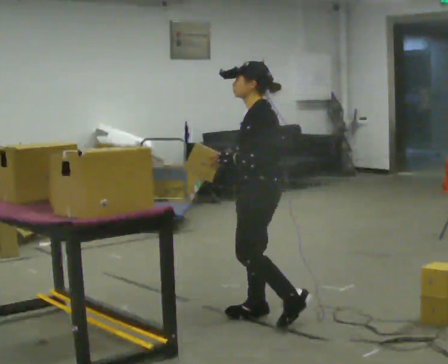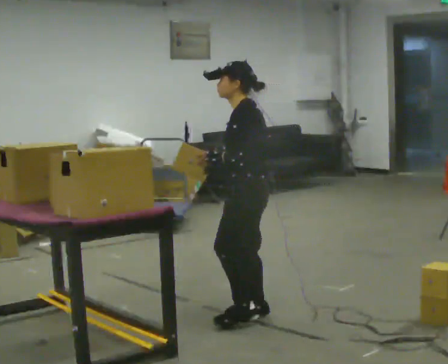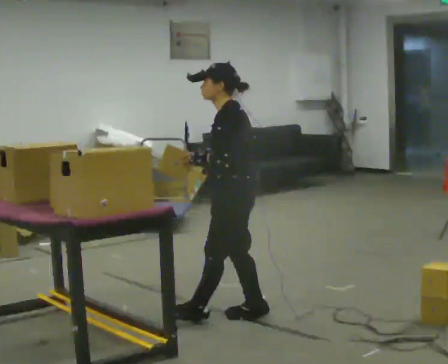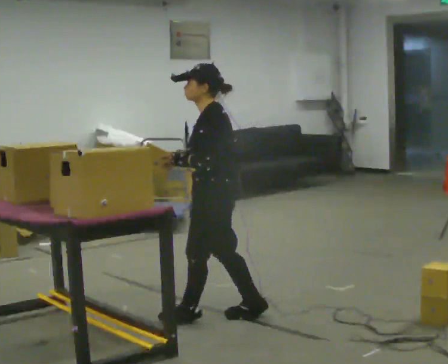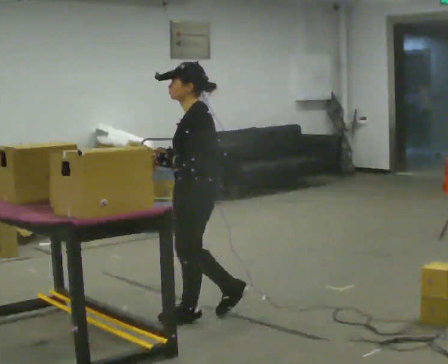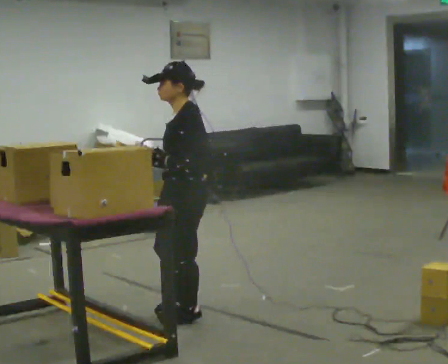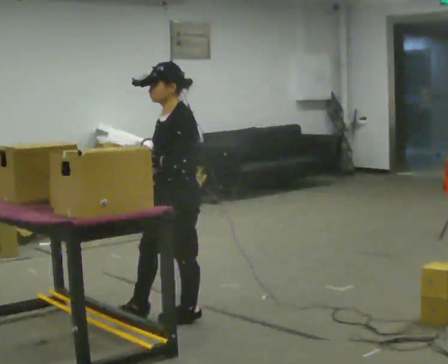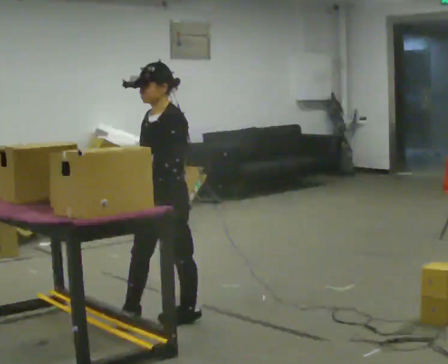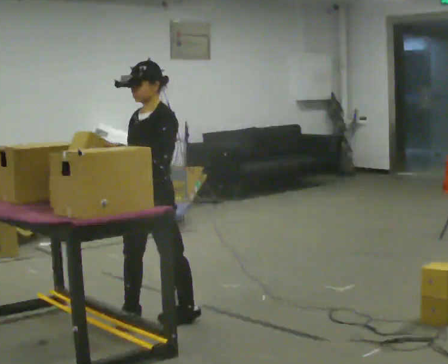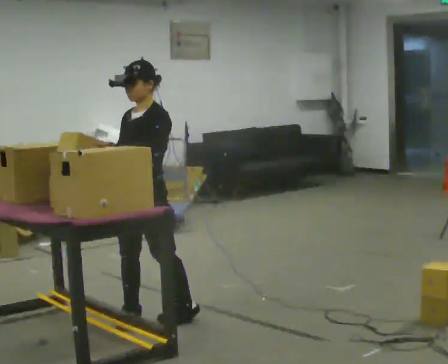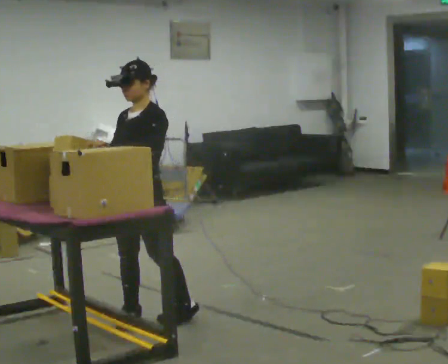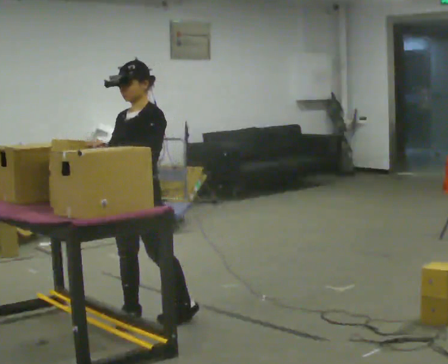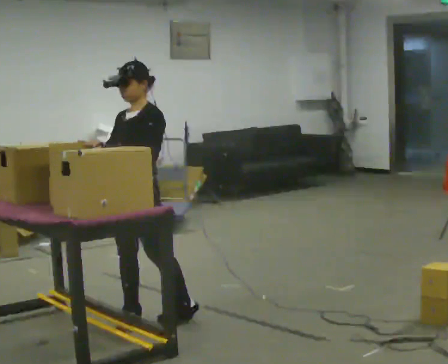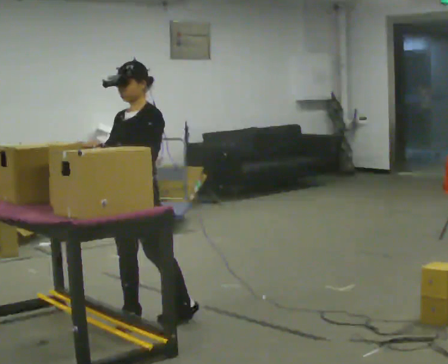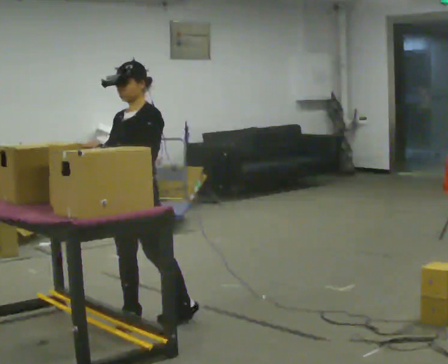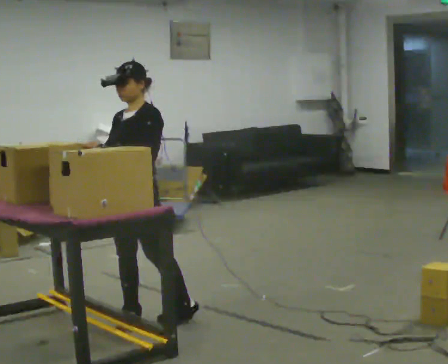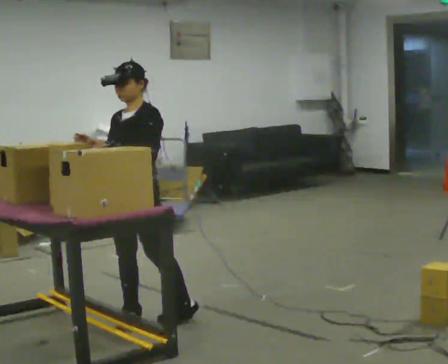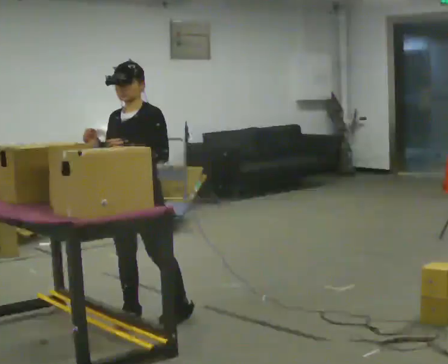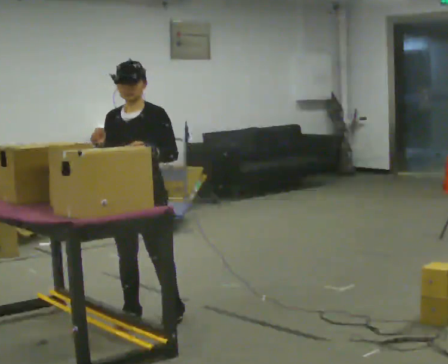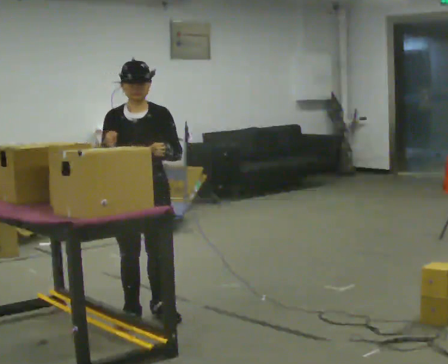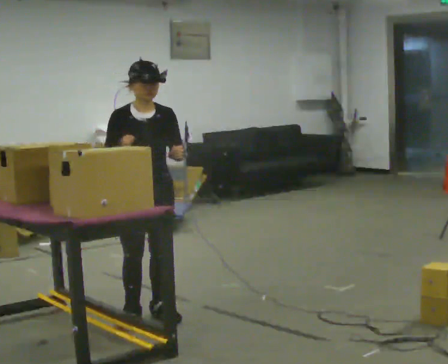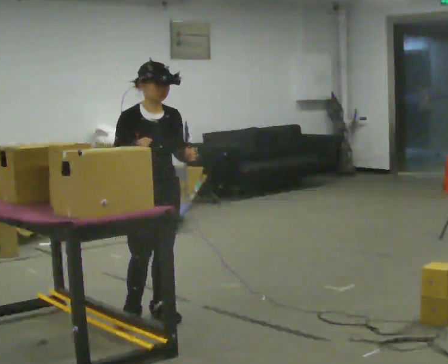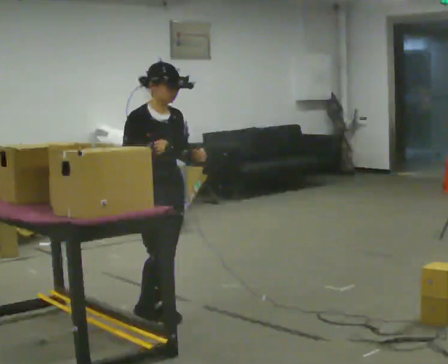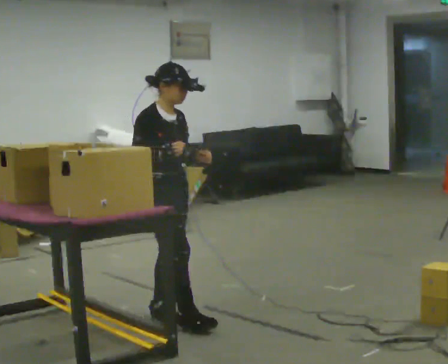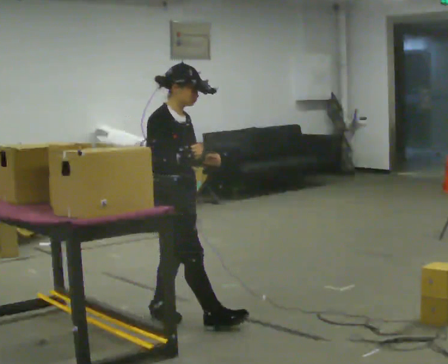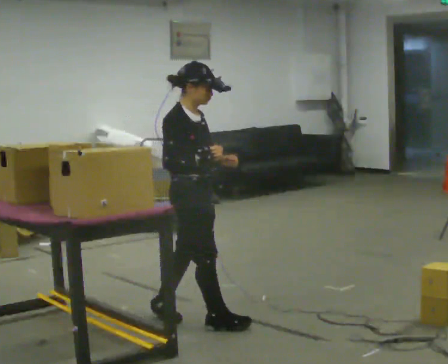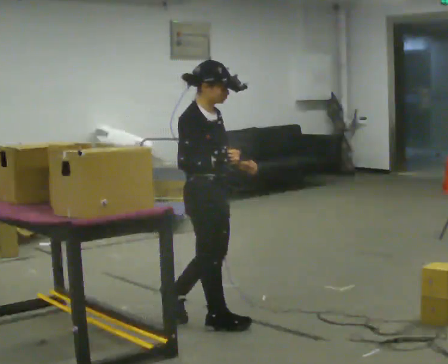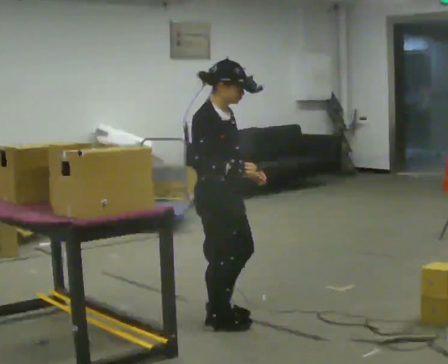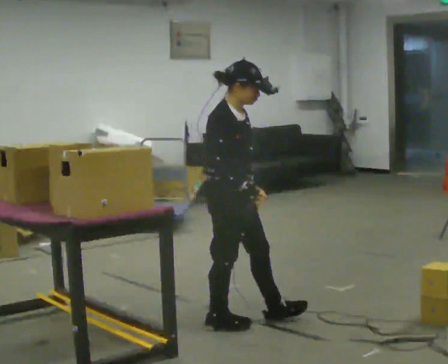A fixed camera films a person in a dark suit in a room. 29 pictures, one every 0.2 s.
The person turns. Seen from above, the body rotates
counterclockwise.
The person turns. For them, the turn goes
to their left.
0.0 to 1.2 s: The part of the body nearest the lens slides to the right as the person turns to their left by about 30 degrees. In the picture they go to the left, about 0.5 m in 1 step, which for them is forward.
1.2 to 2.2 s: In the picture they go to the left, about 0.25 m in 1 step, which for them is forward and to their right.
2.2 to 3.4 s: The person moves a little, or ends about where they began.
3.4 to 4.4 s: The person turns about 75 degrees to their left, counterclockwise seen from above, so the part of the body nearest the lens slides to the right. In the picture their left hand goes to the right.
4.4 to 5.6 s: The person turns about 30 degrees to their left, counterclockwise seen from above, so the part of the body nearest the lens slides to the right. In the picture they go to the right and toward the camera, about 0.5 m in 1 step, which for them is forward.
The film runs forward here.
